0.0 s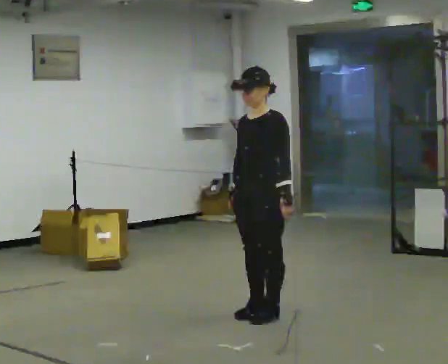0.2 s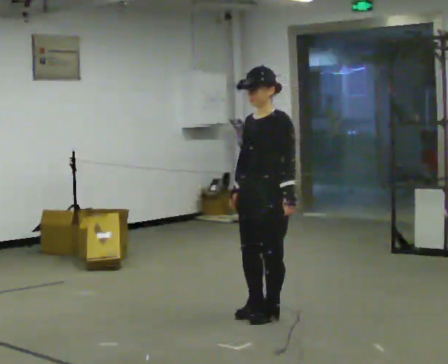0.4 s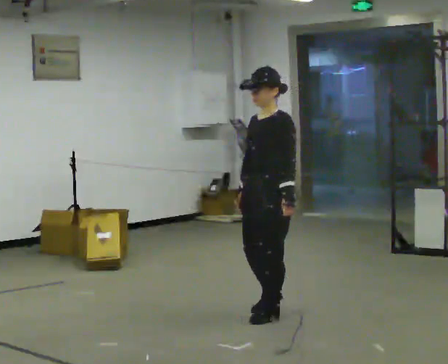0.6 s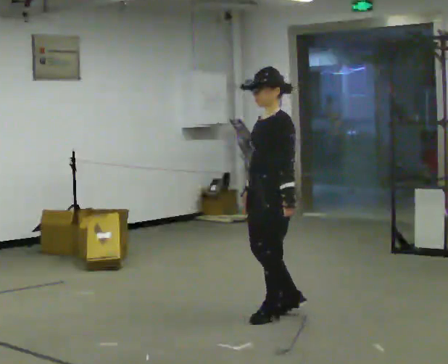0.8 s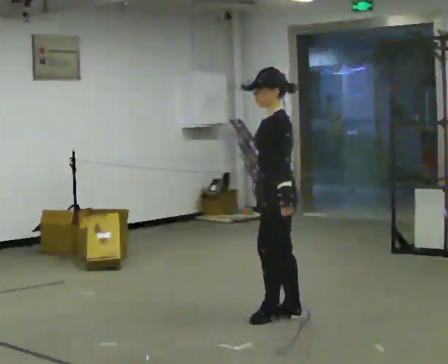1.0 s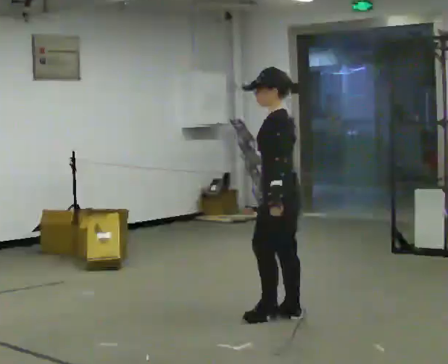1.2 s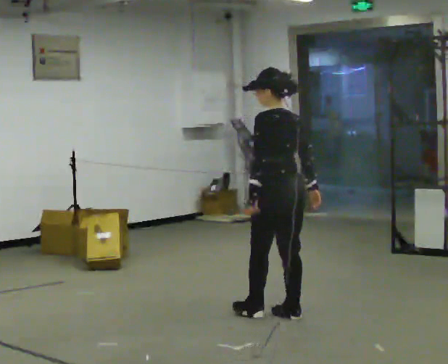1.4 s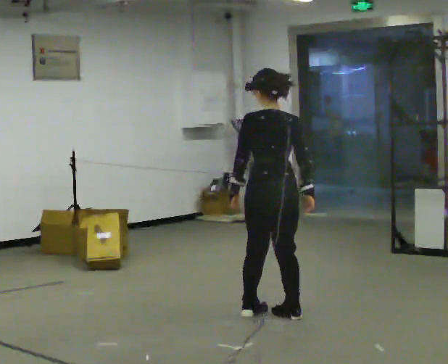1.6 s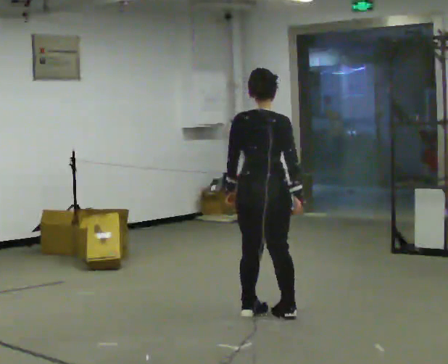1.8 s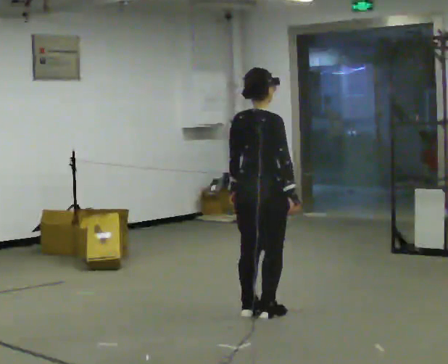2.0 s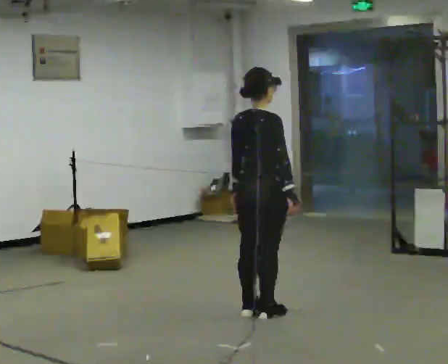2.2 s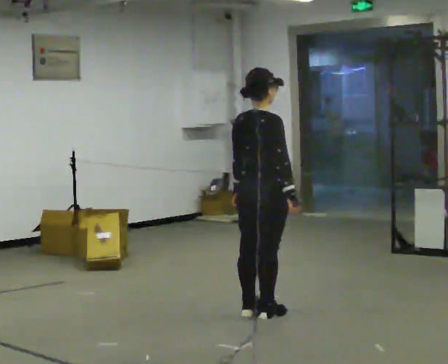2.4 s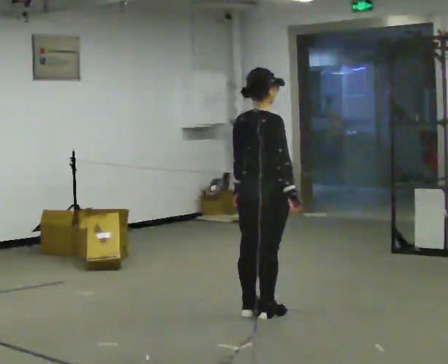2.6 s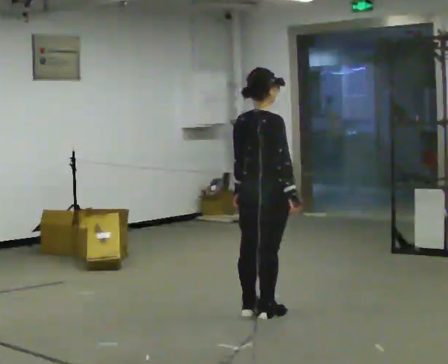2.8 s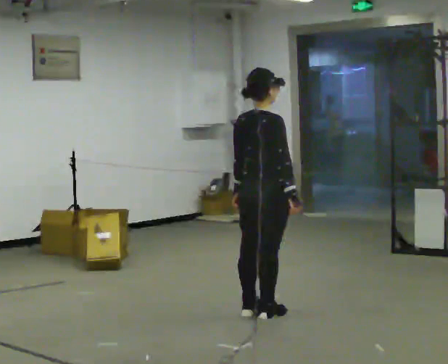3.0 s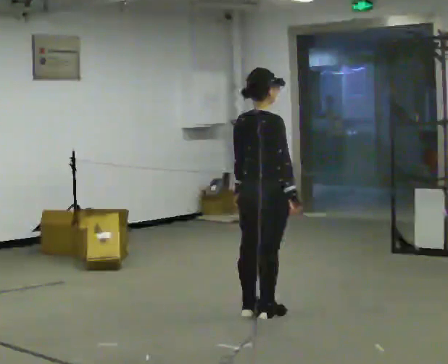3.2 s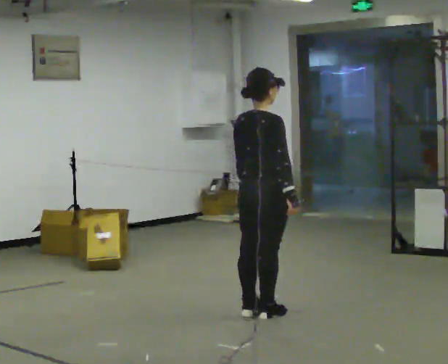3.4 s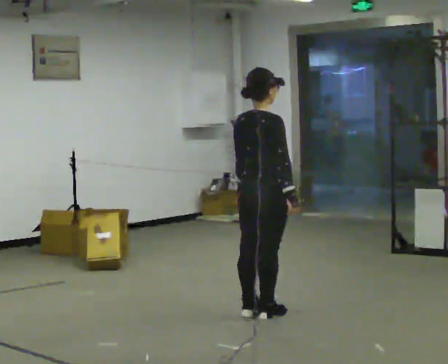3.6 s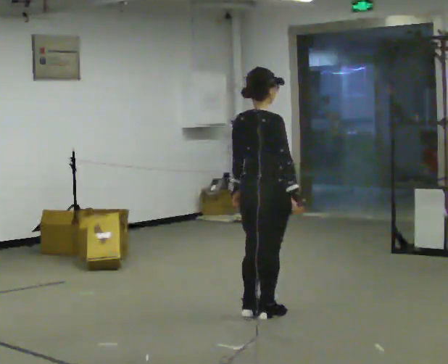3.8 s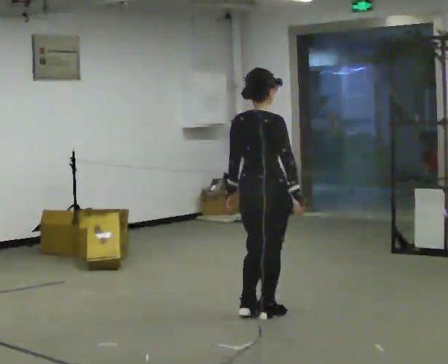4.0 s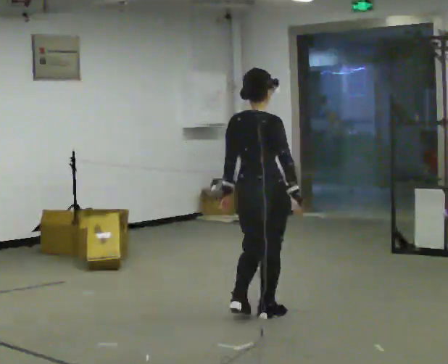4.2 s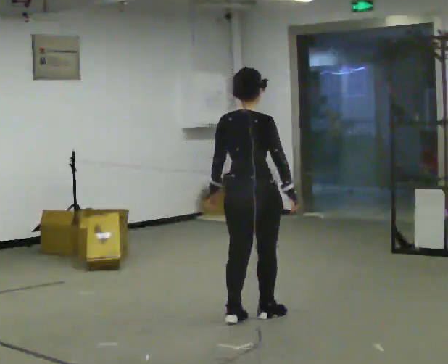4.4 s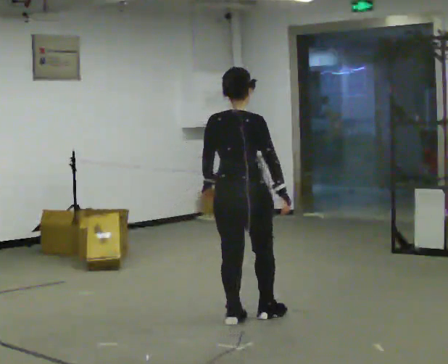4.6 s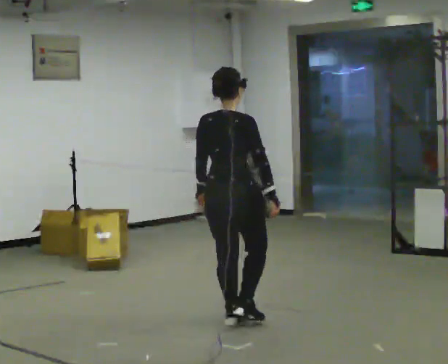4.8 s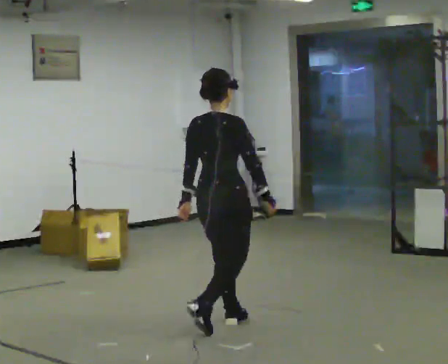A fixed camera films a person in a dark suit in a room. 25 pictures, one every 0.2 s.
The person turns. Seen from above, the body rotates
clockwise.
The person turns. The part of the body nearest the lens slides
to the left.
0.0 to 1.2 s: Seen from above the body turns clockwise, about 90 degrees: to their right, with its near side sliding to the left. In the picture their right hand goes to the right, the arm swinging counterclockwise.
1.2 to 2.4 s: The person turns about 90 degrees to their right, clockwise seen from above, so the part of the body nearest the lens slides to the left.
2.4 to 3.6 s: The person moves a little, or ends about where they began.
3.6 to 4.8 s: In the picture they go toward the camera and to the left, about 0.5 m in 2 steps, which for them is backward.
The film runs backward here.
